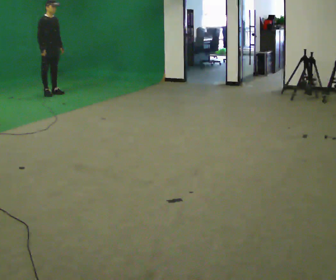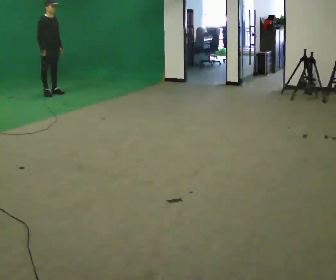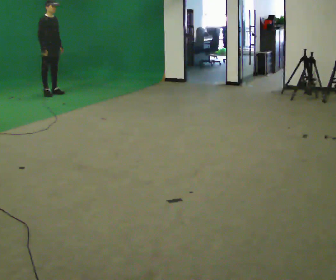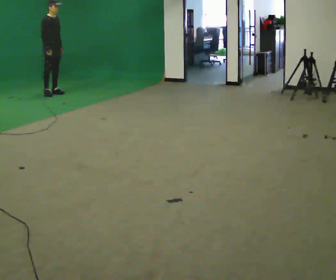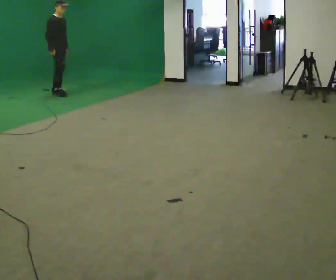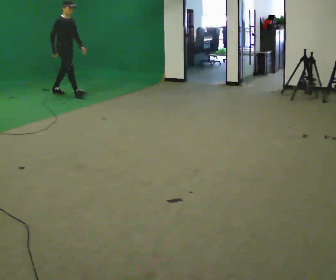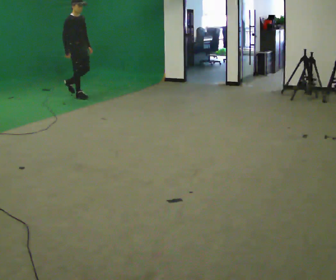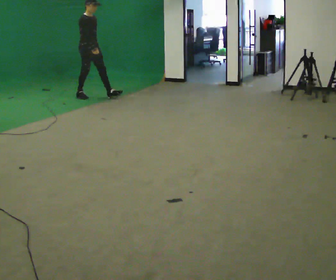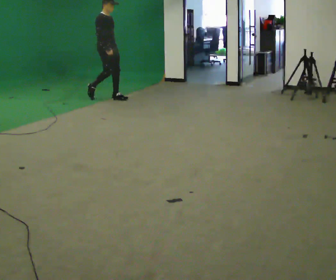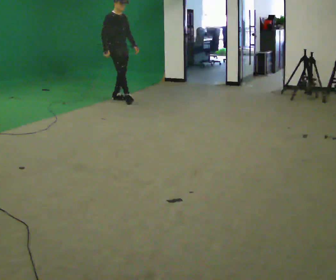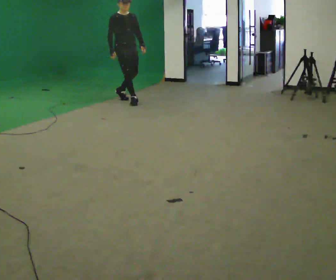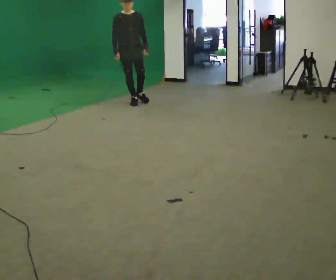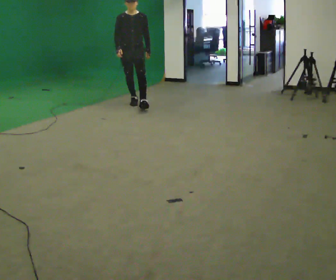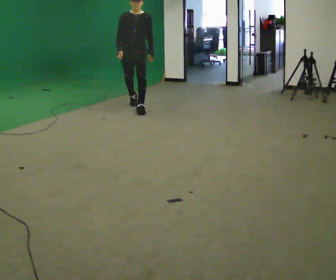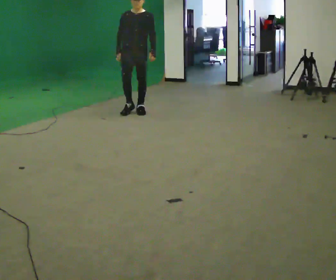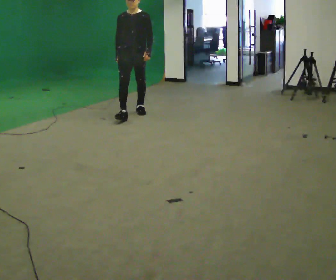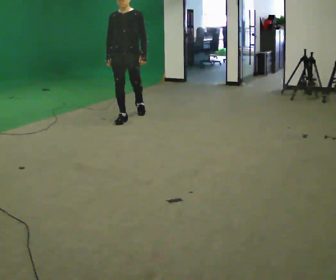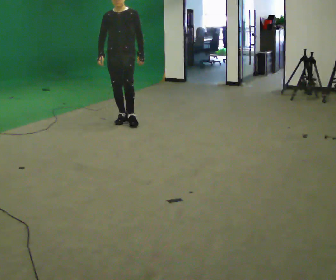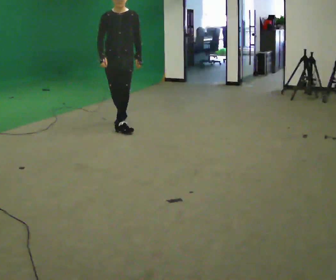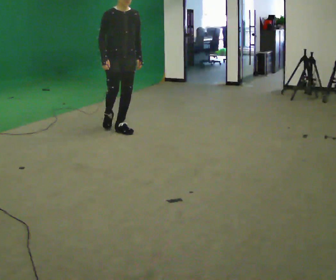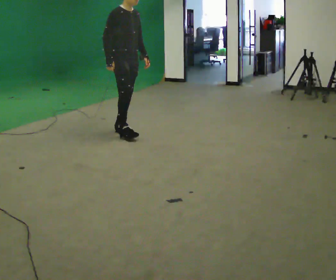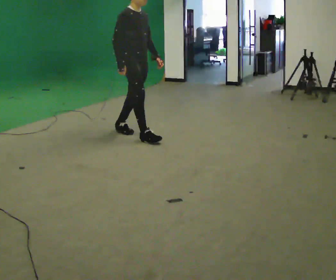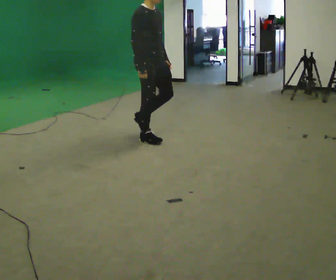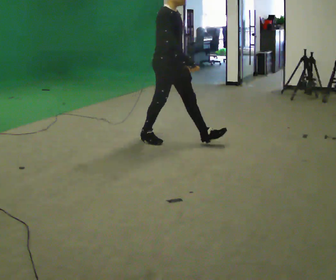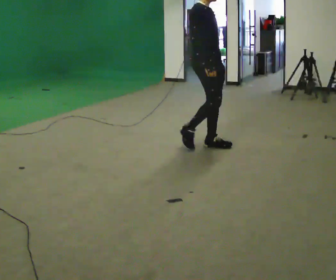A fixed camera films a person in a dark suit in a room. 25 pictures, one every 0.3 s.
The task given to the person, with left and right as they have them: Walk normally; turn left/right while slowing; after turn accelerate back to normal.
0.0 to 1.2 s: The person moves a little, or ends about where they began.
1.2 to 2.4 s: In the picture they go to the right and toward the camera, about 1 m in 2 steps, which for them is forward.
2.4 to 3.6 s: Seen from above the body turns clockwise, about 60 degrees: to their right, with its near side sliding to the left. In the picture they go toward the camera and to the right, about 0.75 m in 1 step.
3.6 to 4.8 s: In the picture they go toward the camera, about 1 m in 2 steps, which for them is forward.
4.8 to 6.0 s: Seen from above the body turns counterclockwise, about 60 degrees: to their left, with its near side sliding to the right. In the picture they go toward the camera, about 0.75 m in 1 step.
6.0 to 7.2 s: In the picture they go to the right and toward the camera, about 1 m in 2 steps, which for them is forward.
The film runs forward here.
